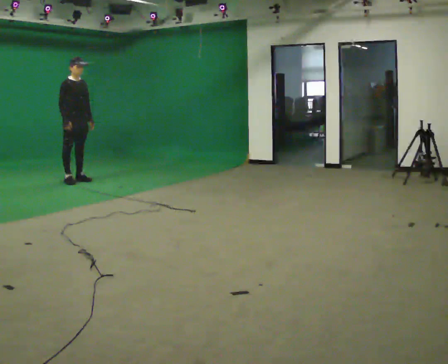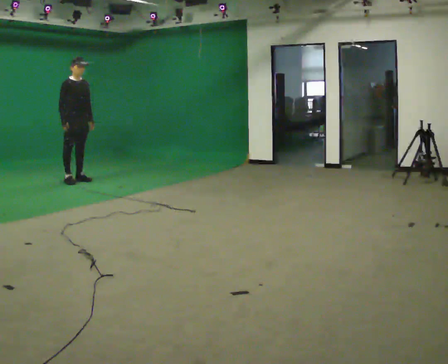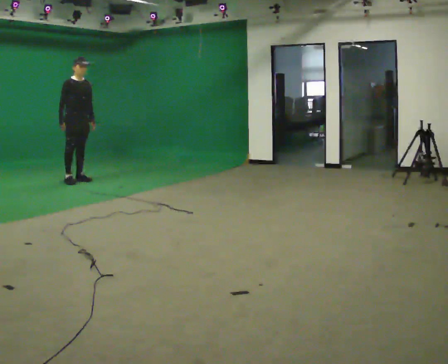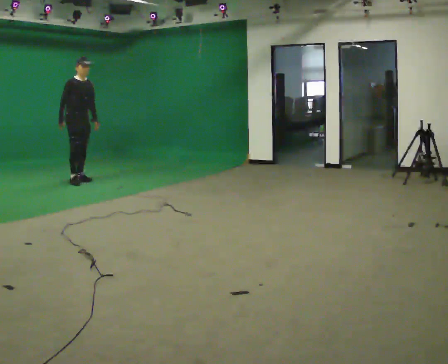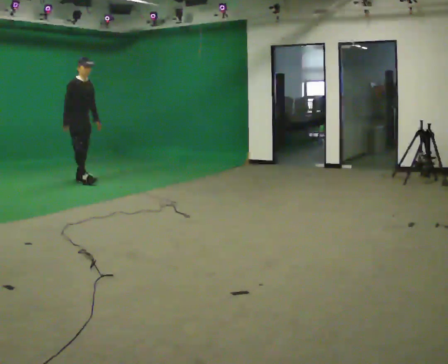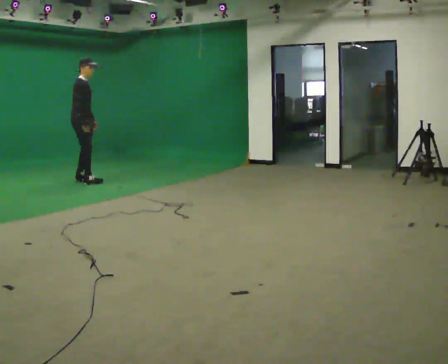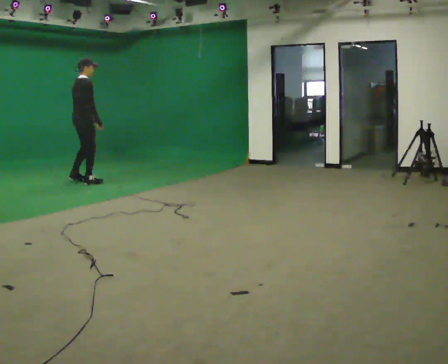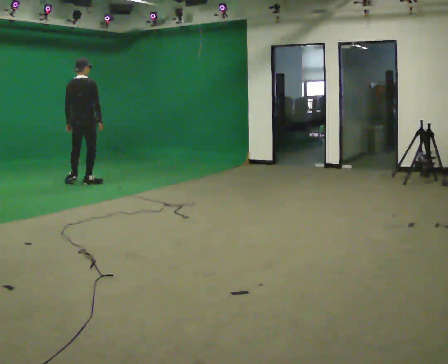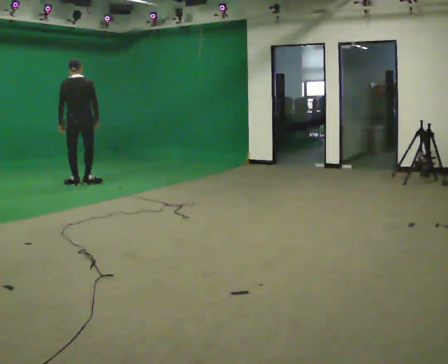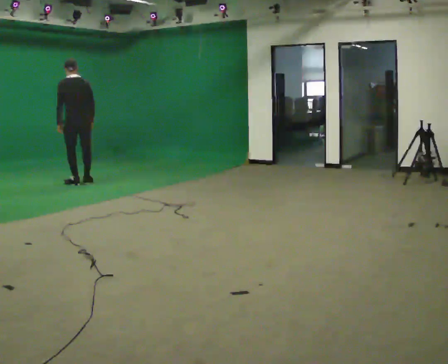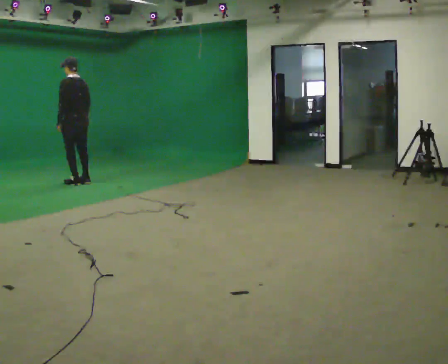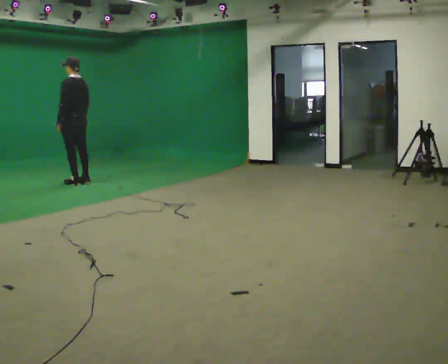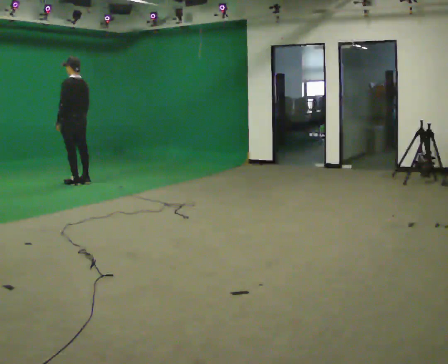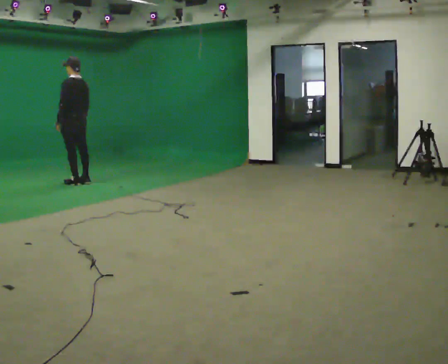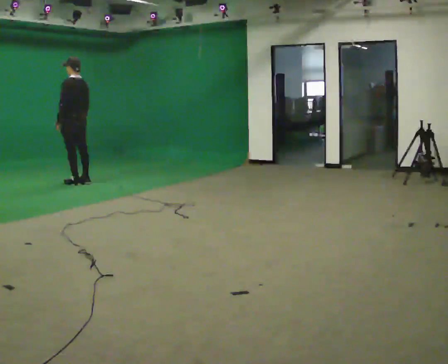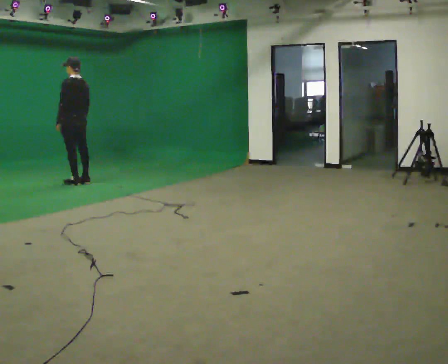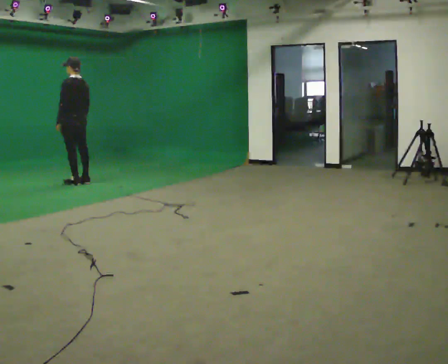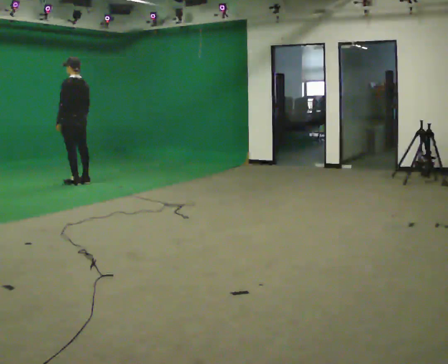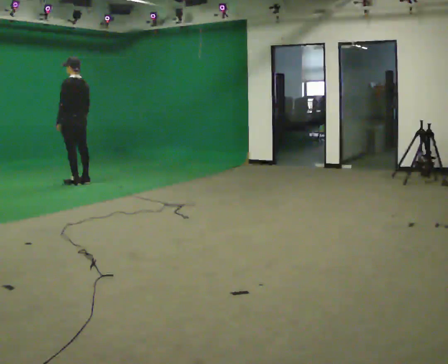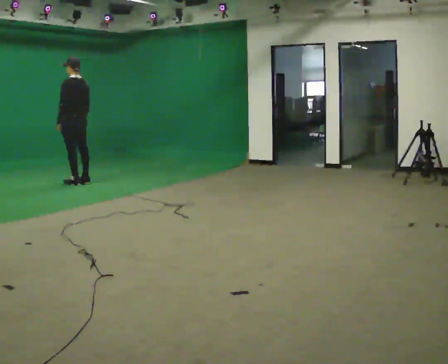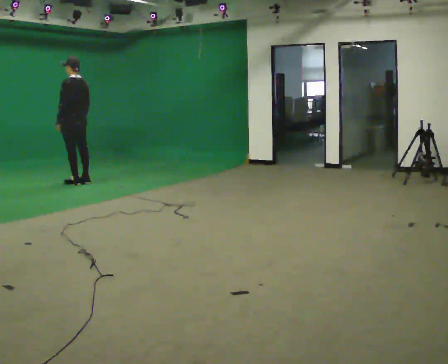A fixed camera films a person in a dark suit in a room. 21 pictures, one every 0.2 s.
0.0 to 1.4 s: The part of the body nearest the lens slides to the right as the person turns to their left by about 75 degrees. In the picture they go toward the camera, about 0.25 m in 2 steps.
1.4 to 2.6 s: Seen from above the body turns counterclockwise, about 105 degrees: to their left, with its near side sliding to the right.
2.6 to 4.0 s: The person keeps their place and pose.
The film runs backward here.
